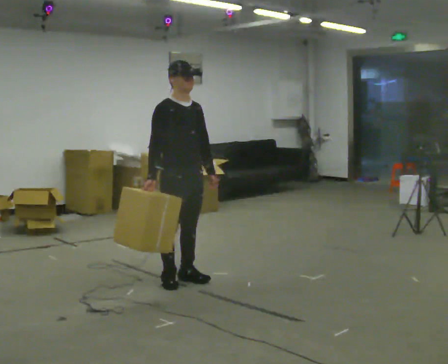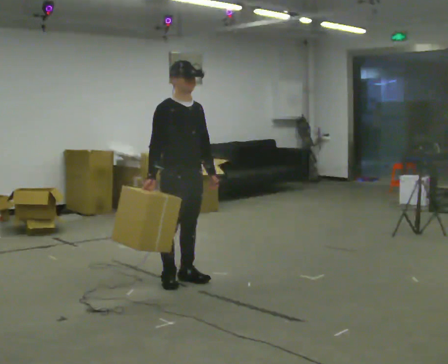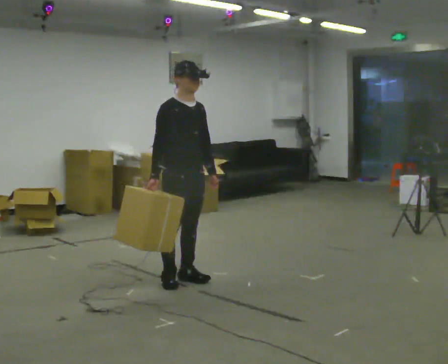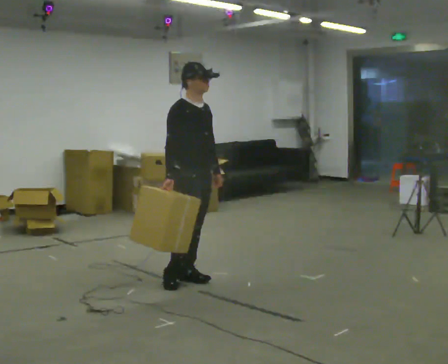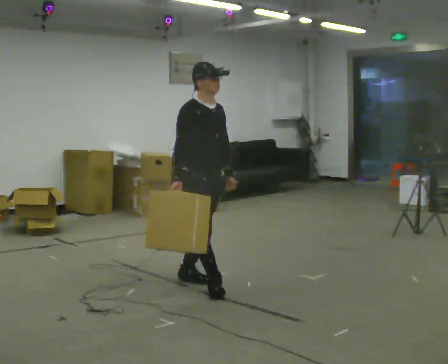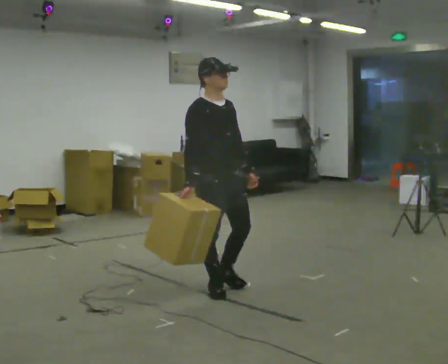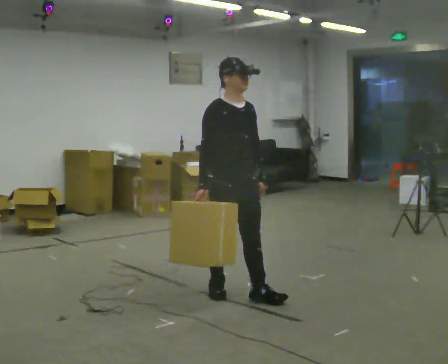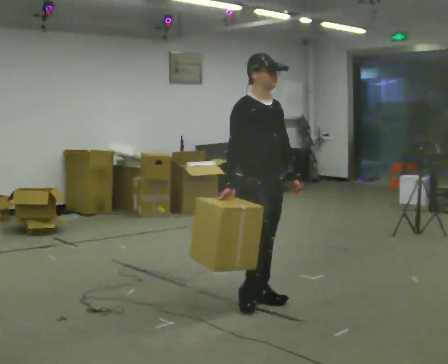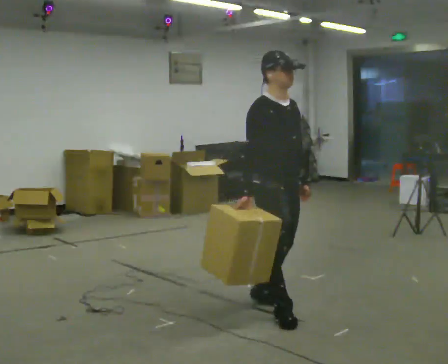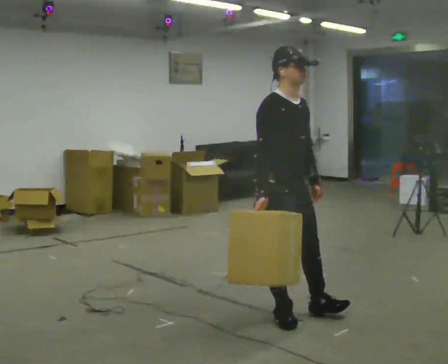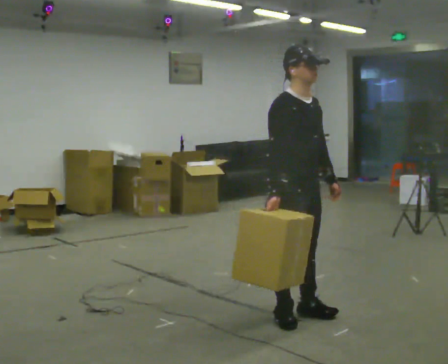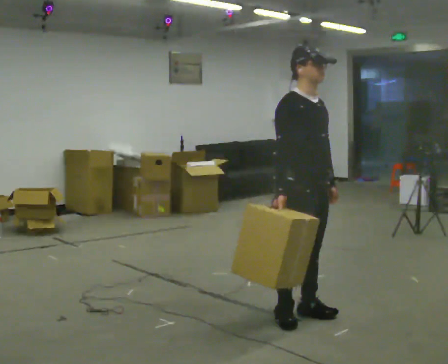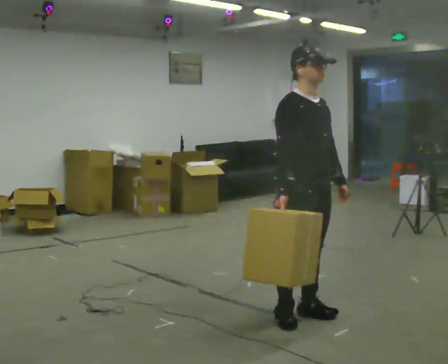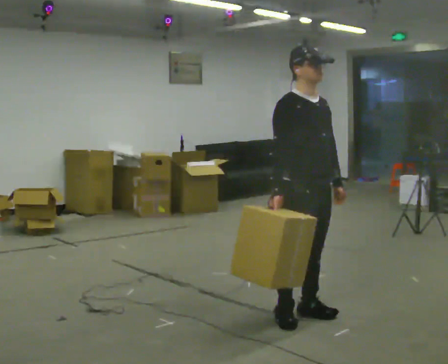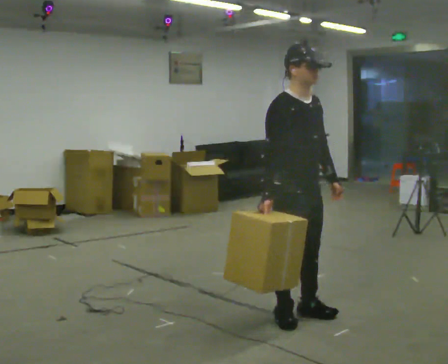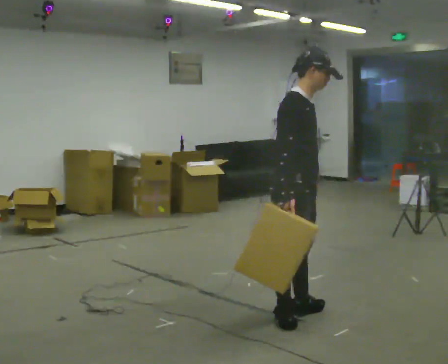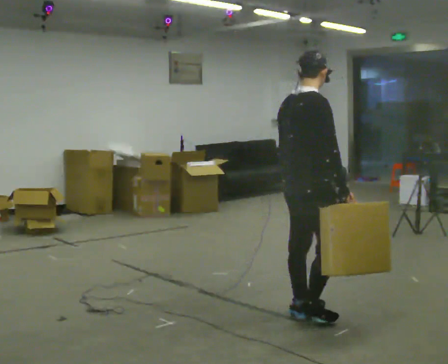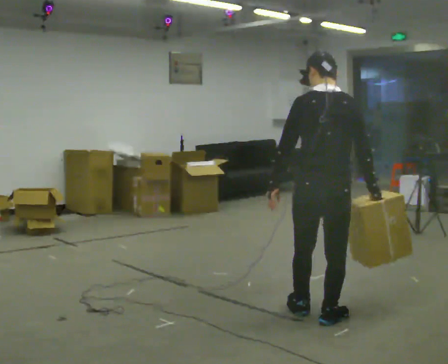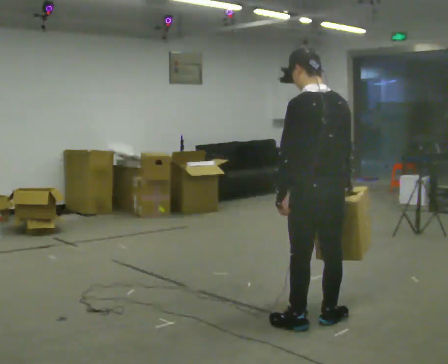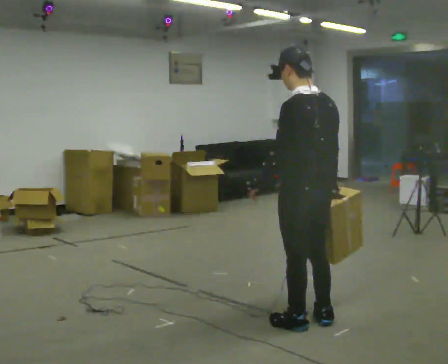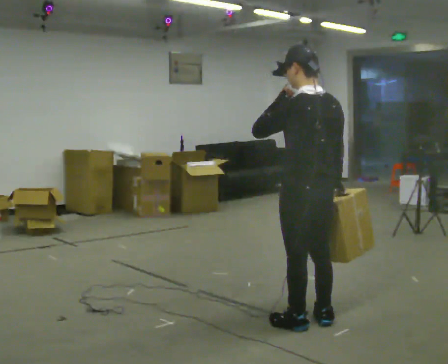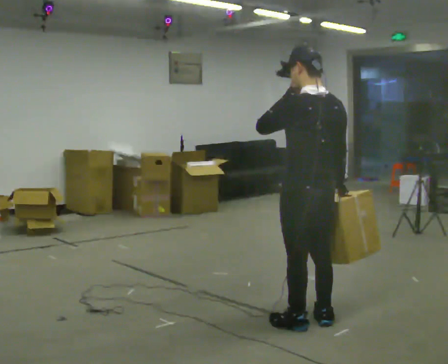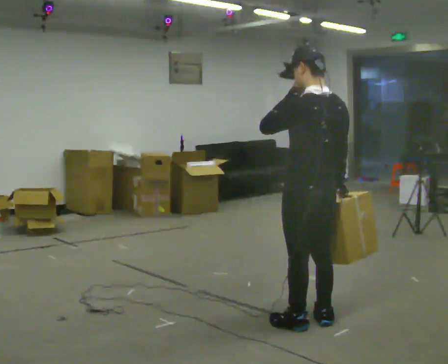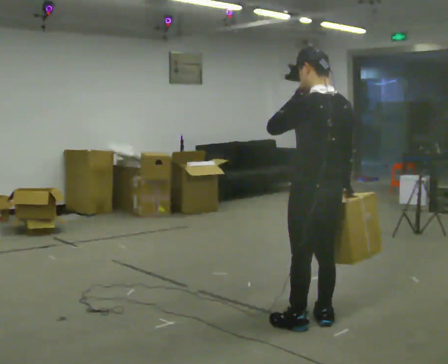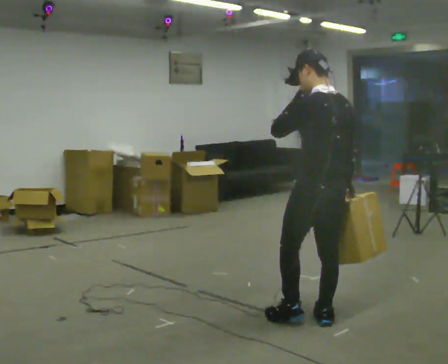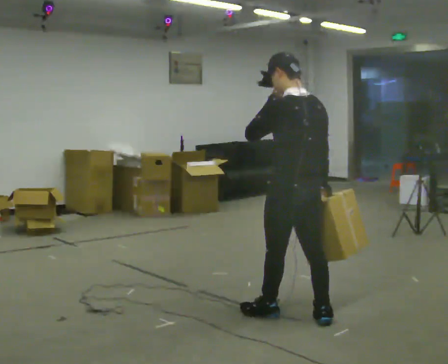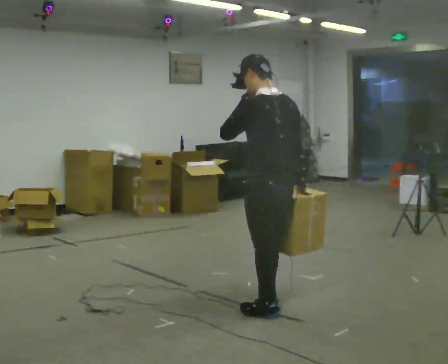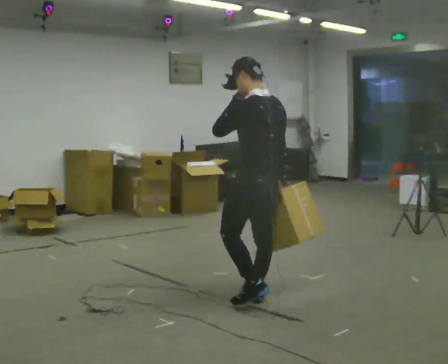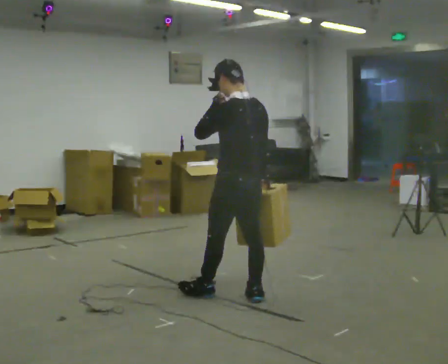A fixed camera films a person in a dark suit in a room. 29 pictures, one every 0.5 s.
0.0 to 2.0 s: In the picture they go to the right, about 0.25 m in 1 step, which for them is forward.
2.0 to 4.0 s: In the picture they go to the right and toward the camera, about 1 m in 2 steps, which for them is forward.
4.0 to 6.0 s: In the picture they go to the right, about 0.25 m in 1 step, which for them is forward.
6.0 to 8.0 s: Seen from above the body turns counterclockwise, about 75 degrees: to their left, with its near side sliding to the right. In the picture their left hand goes to the left.
8.0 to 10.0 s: Seen from above the body turns counterclockwise, about 90 degrees: to their left, with its near side sliding to the right. In the picture they go toward the camera, about 0.25 m in 2 steps. In the picture their left hand goes upward.
10.0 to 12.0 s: The person moves a little, or ends about where they began.
12.0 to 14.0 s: In the picture they go to the left and away from the camera, about 0.5 m in 3 steps, which for them is forward.
The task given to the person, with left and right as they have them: Carry the box across the room, stopping and starting again each time the operator says stop and go. Do not set the box down.
The film runs forward here.
